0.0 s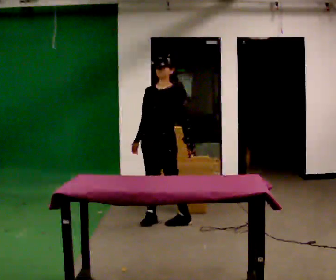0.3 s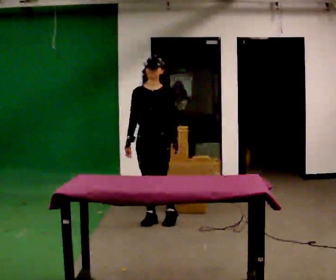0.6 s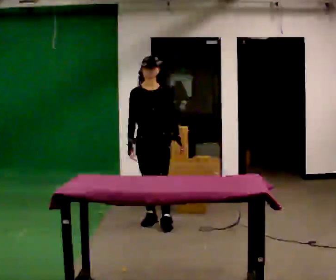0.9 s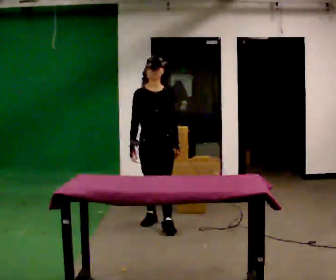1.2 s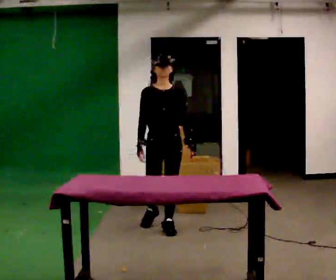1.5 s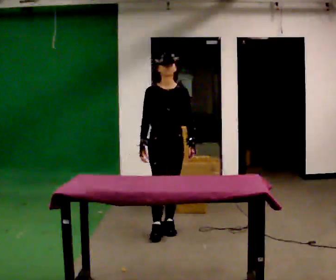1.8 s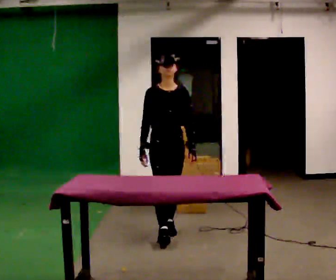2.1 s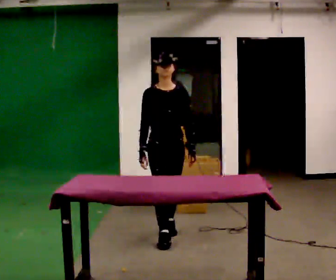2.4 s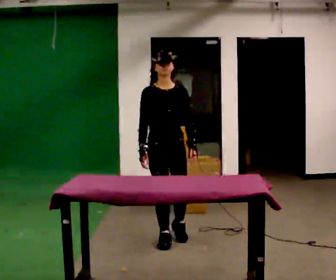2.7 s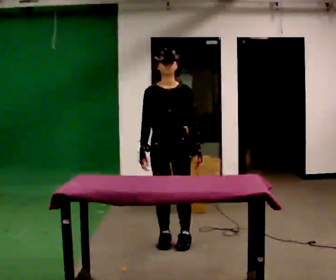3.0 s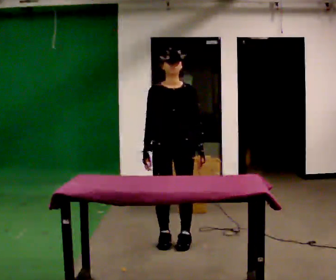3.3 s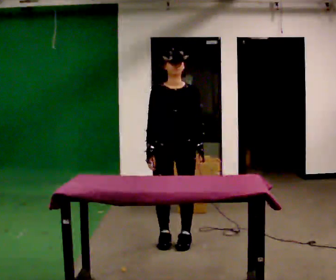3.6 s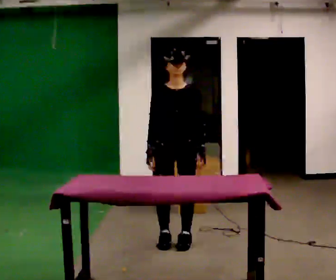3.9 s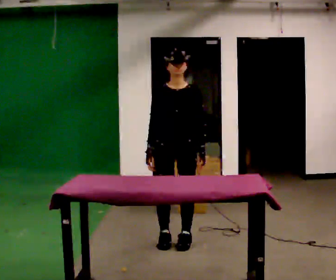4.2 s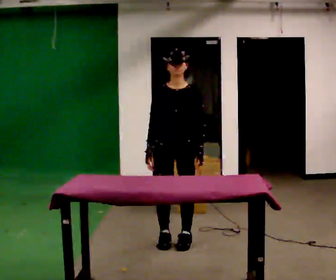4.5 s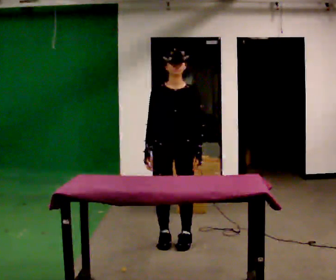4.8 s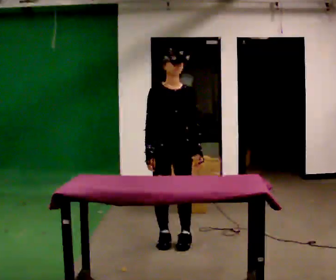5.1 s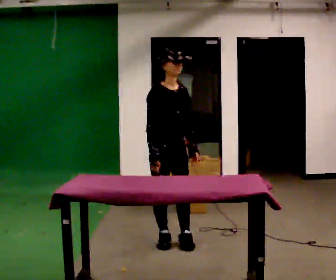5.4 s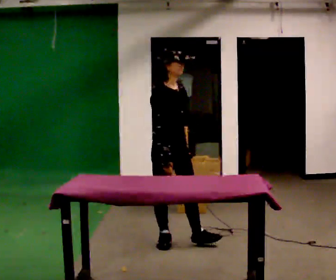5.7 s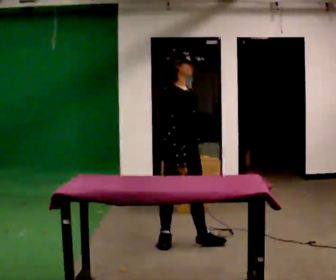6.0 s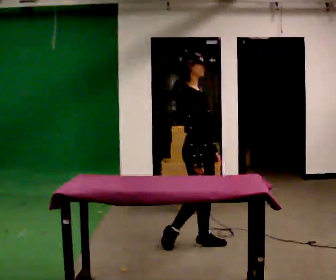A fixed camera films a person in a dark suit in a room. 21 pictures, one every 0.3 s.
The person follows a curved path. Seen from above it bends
counterclockwise.
0.0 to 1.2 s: The person turns about 30 degrees to their left, counterclockwise seen from above, so the part of the body nearest the lens slides to the right. In the picture they go toward the camera, about 0.25 m in 1 step, which for them is forward.
1.2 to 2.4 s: In the picture they go toward the camera, about 0.5 m in 1 step, which for them is forward.
2.4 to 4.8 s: The person moves a little, or ends about where they began.
4.8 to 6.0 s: The part of the body nearest the lens slides to the right as the person turns to their left by about 45 degrees. In the picture they go to the right, about 0.25 m, which for them is forward and to their left. In the picture their right hand goes to the right.
The film runs forward here.
